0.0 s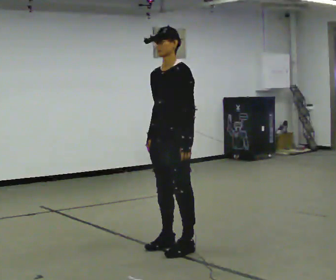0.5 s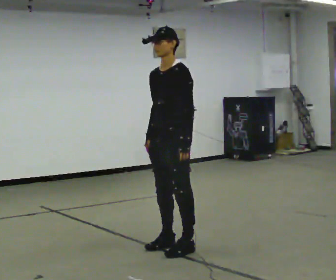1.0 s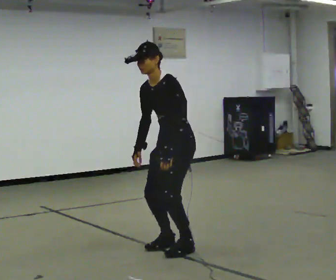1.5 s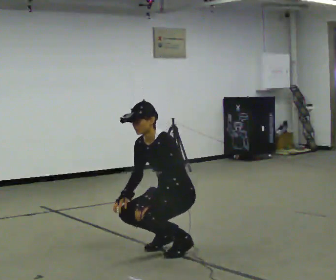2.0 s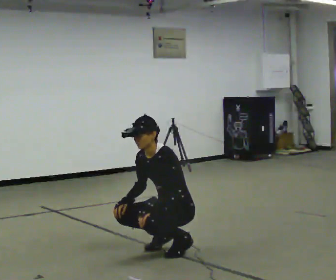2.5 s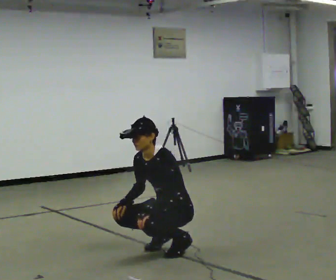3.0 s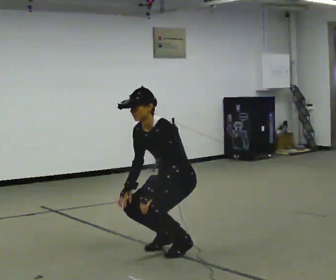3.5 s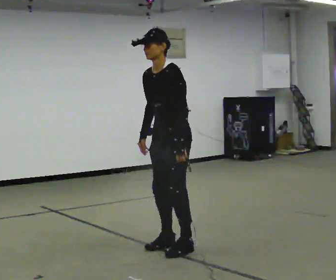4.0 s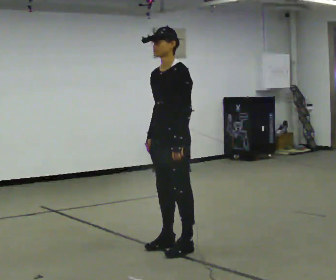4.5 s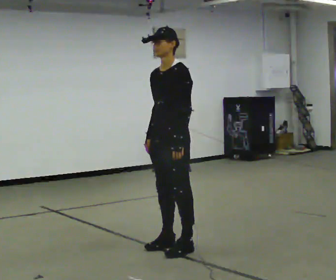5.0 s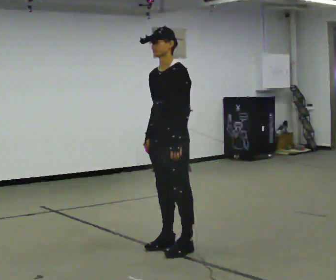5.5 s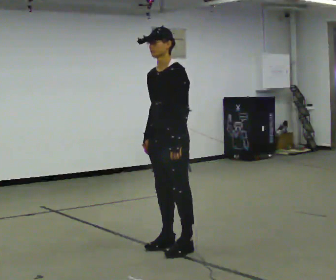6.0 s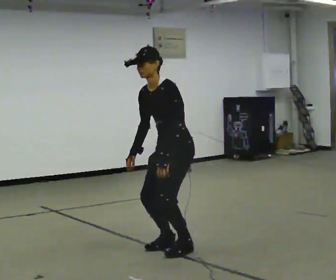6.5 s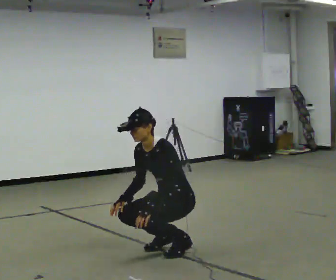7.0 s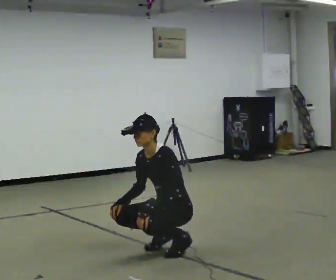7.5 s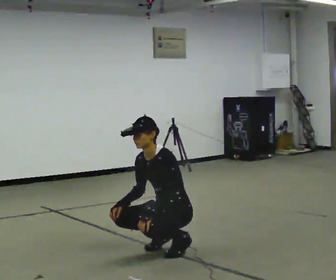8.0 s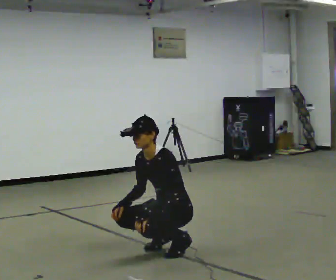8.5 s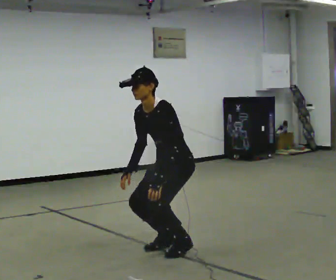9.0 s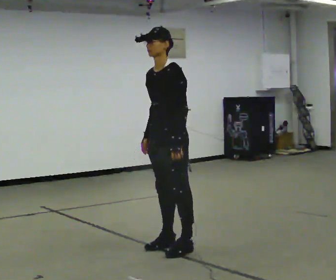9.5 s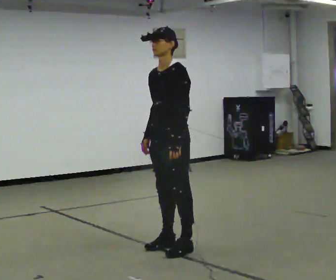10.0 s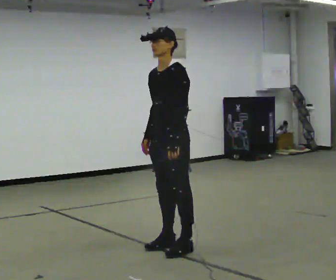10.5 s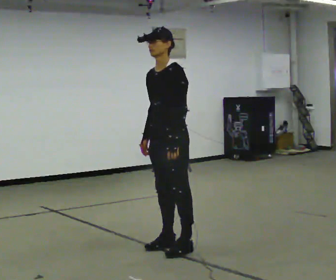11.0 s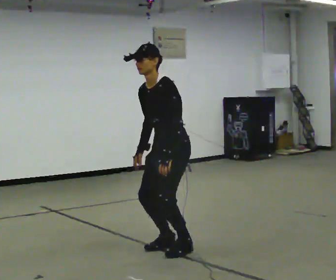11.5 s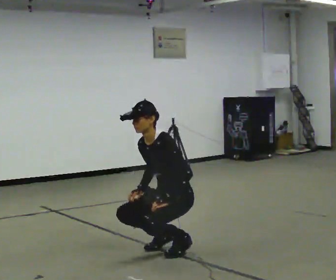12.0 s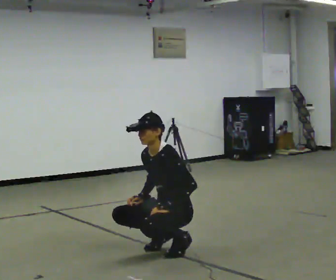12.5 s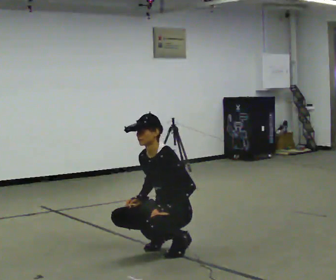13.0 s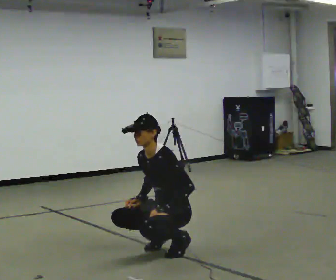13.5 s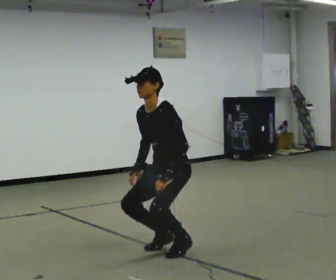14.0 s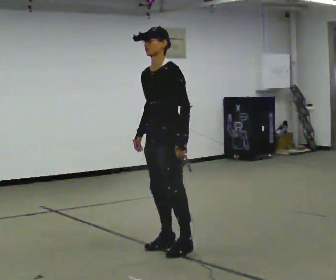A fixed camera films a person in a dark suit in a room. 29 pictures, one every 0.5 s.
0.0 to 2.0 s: The upper body goes downward. In the picture the upper body tilts counterclockwise, shoulders to the left, as they bend forward. In the picture their right hand goes downward.
2.0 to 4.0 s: The upper body goes upward. In the picture their right hand goes upward.
4.0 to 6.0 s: In the picture the upper body tilts counterclockwise, shoulders to the left, as they bend forward.
6.0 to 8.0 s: The shoulders move downward. In the picture their left hand goes downward.
8.0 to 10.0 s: The shoulders move upward. In the picture their right hand goes upward.
10.0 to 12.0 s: The shoulders move downward. In the picture their right hand goes downward.
12.0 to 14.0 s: The shoulders move upward. In the picture their left hand goes upward.
The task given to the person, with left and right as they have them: Squat down as far as is comfortable, then stand back up. Repeat the movement at your own pace until the operator says stop; do not rush.
The film runs forward here.
